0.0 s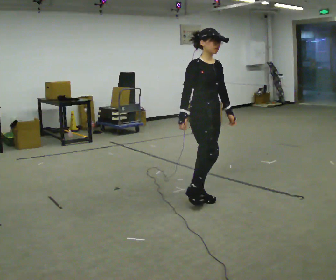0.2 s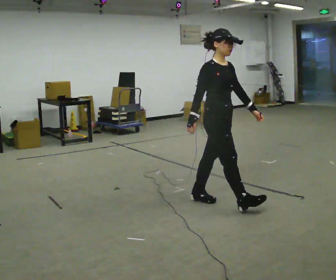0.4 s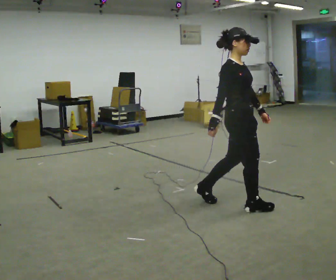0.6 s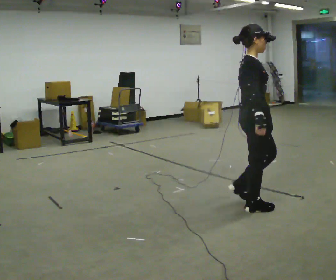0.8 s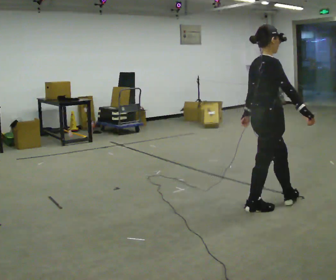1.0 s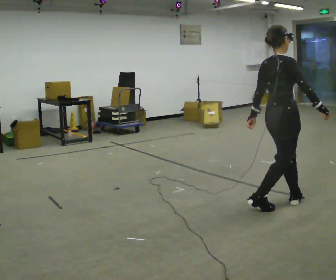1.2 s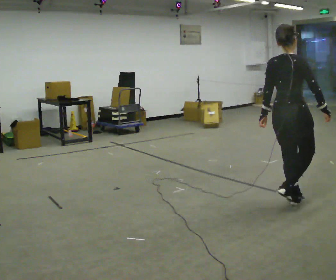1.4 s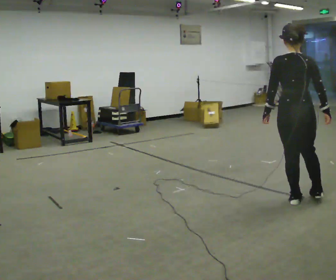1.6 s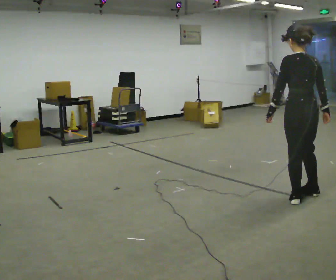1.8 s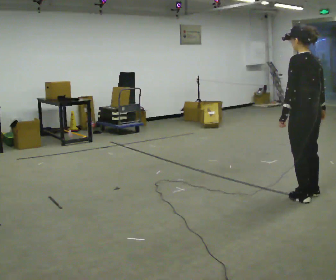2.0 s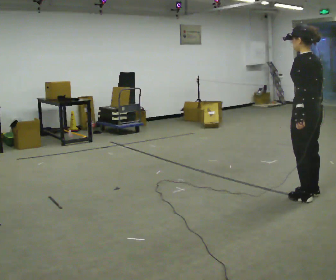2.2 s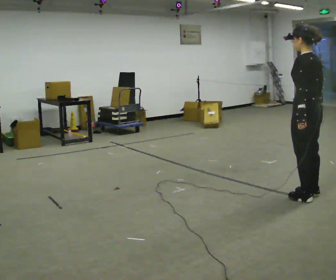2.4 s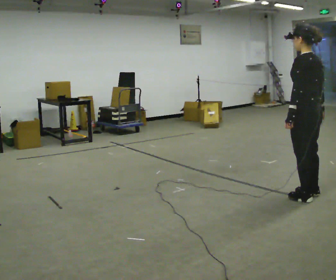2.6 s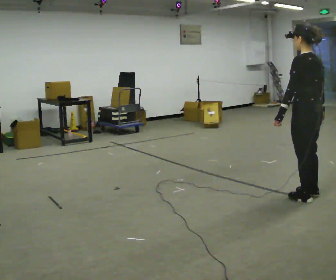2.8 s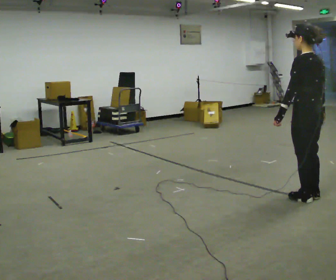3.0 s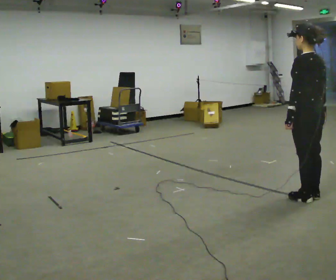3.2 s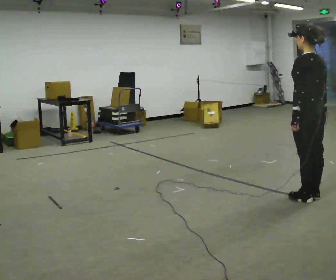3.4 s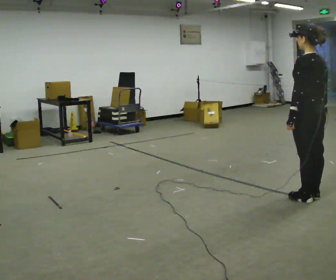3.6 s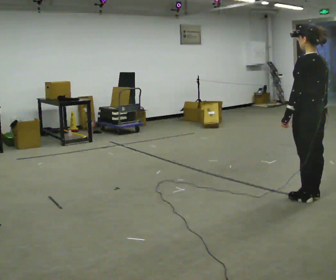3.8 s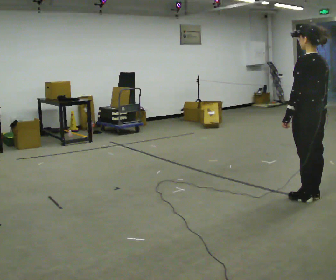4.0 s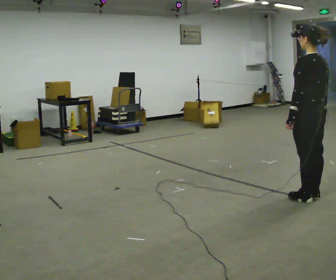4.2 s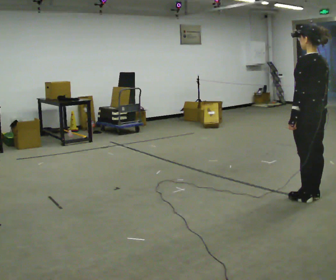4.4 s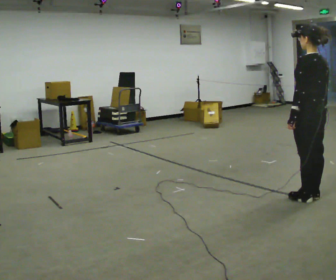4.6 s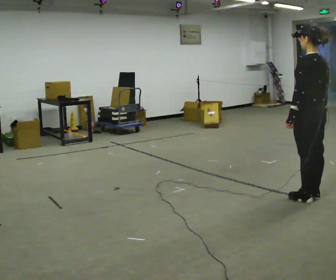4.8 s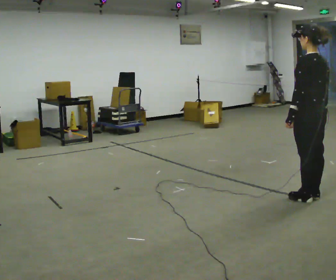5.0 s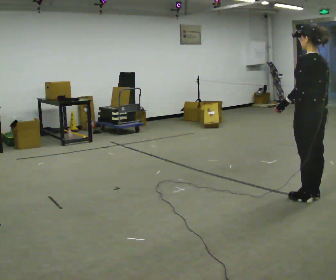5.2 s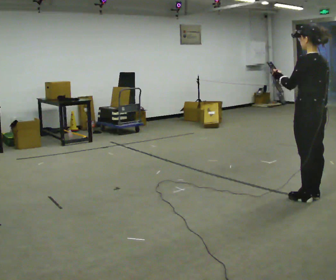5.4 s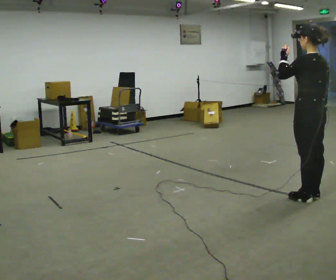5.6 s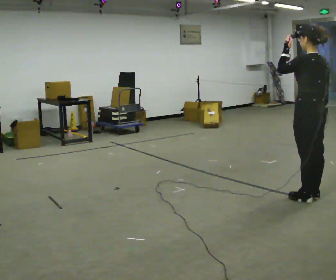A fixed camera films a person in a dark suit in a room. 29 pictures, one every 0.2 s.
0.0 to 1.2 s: Seen from above the body turns counterclockwise, about 90 degrees: to their left, with its near side sliding to the right. In the picture they go to the right, about 1 m in 2 steps.
1.2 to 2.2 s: The person turns about 90 degrees to their left, counterclockwise seen from above, so the part of the body nearest the lens slides to the right. In the picture they go to the right, about 0.25 m in 1 step.
2.2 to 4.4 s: The person moves a little, or ends about where they began.
4.4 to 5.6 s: In the picture their left hand goes upward.
The film runs forward here.
